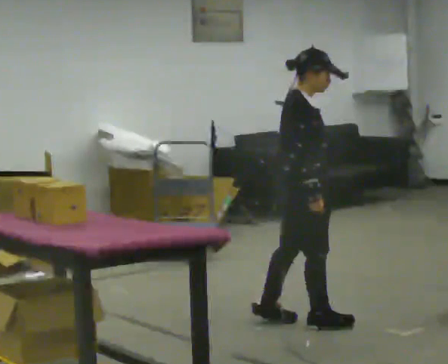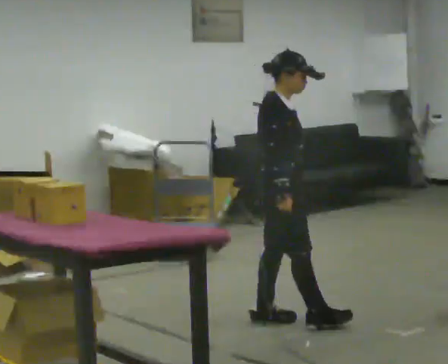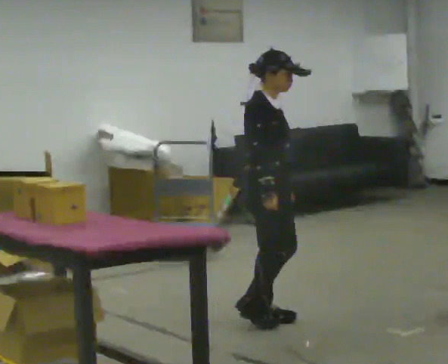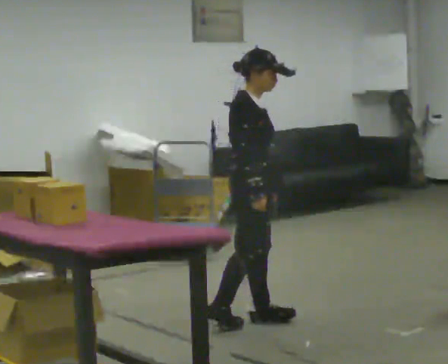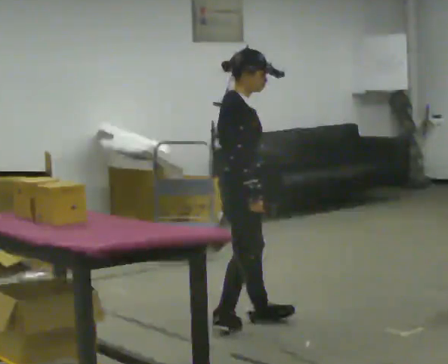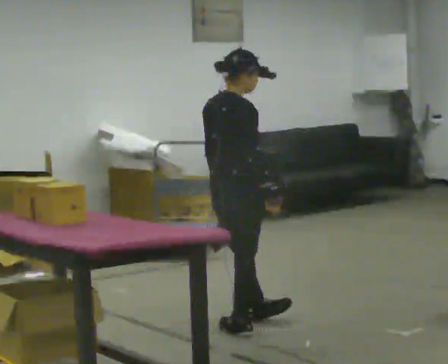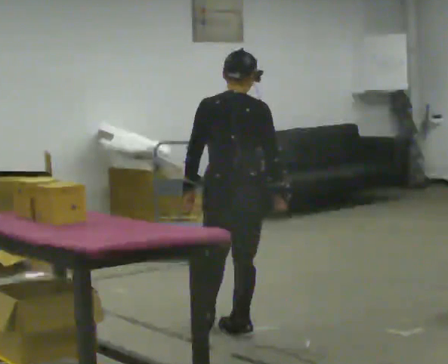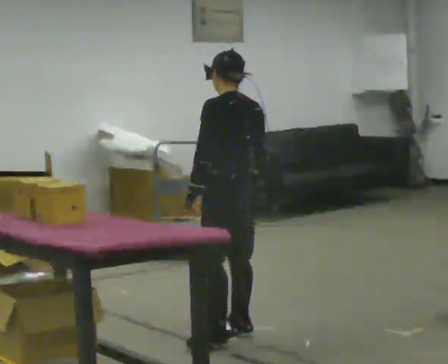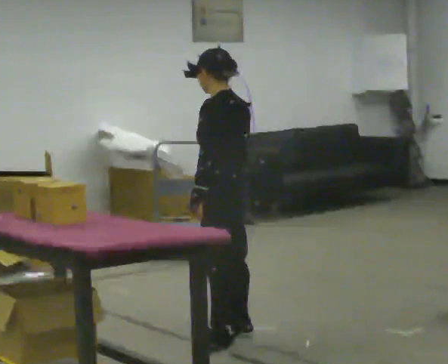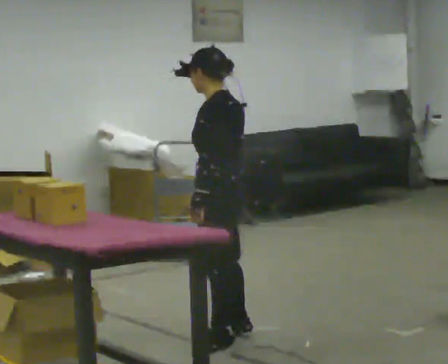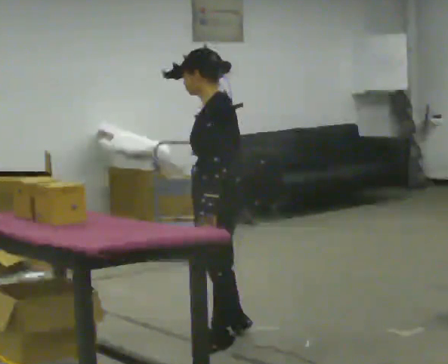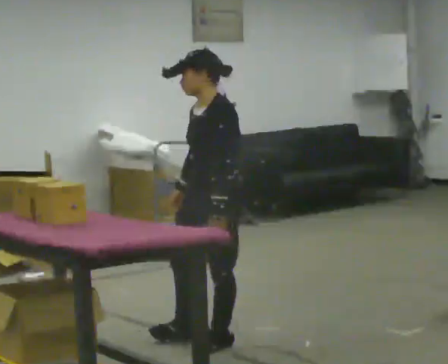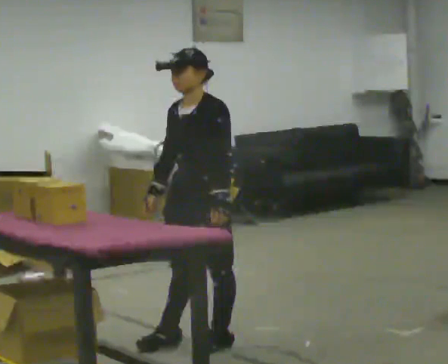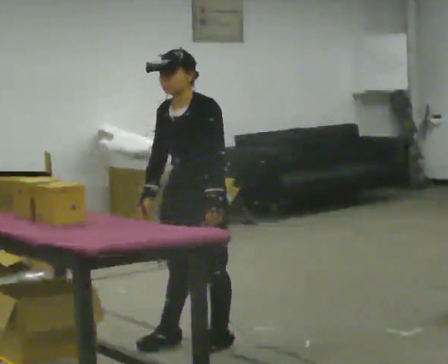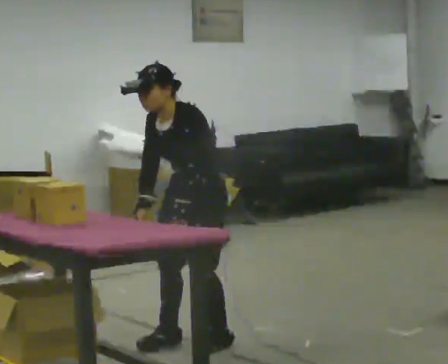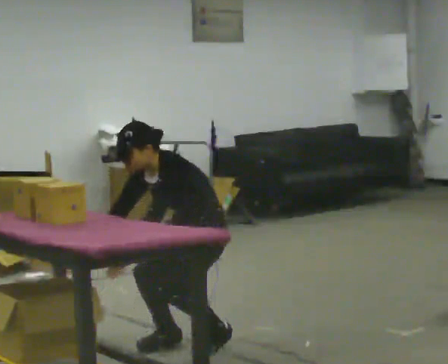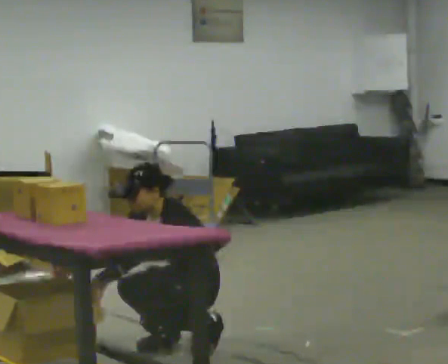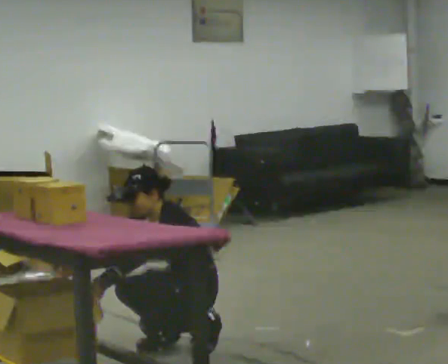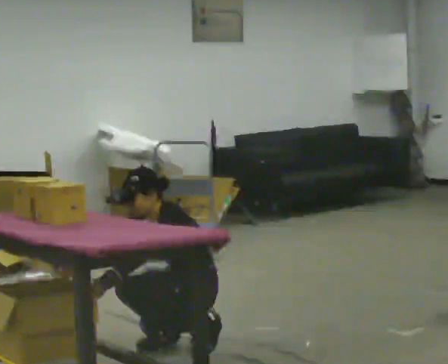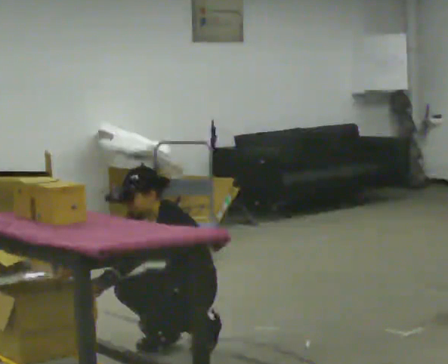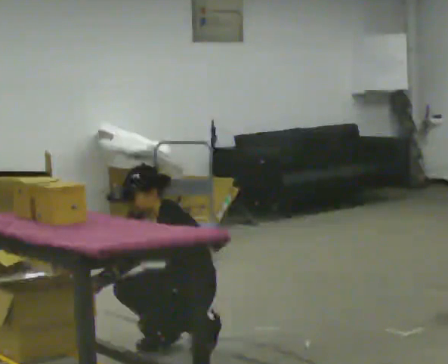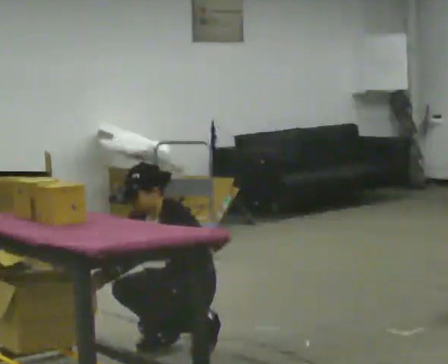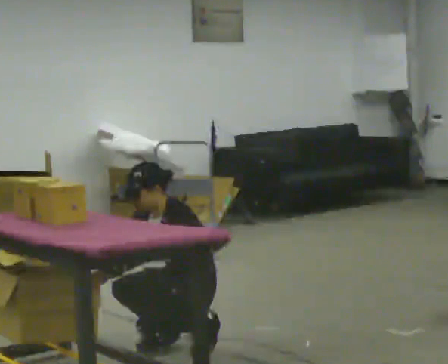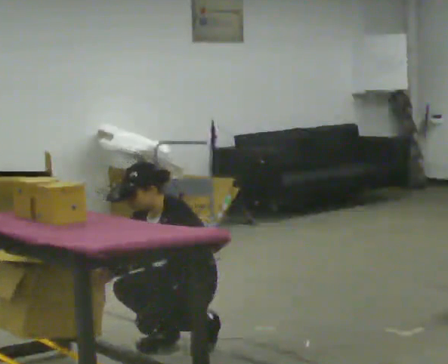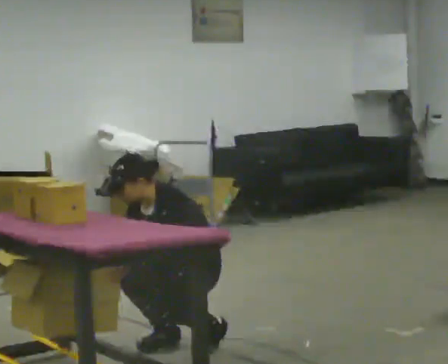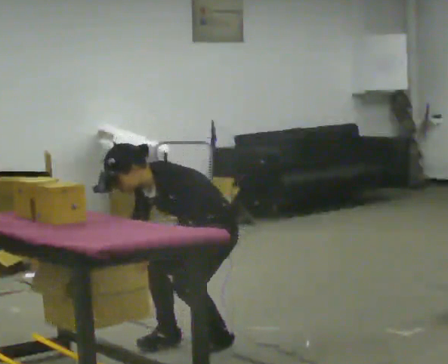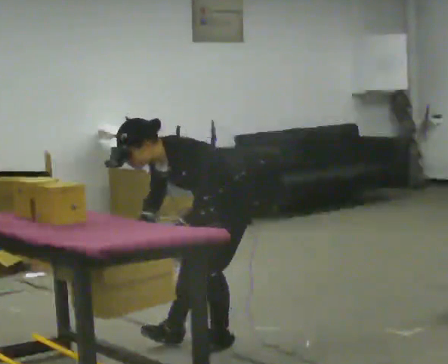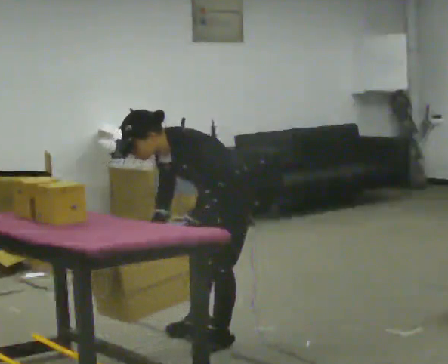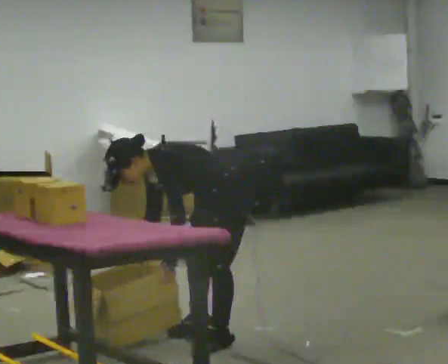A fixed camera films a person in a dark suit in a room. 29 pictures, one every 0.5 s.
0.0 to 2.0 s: In the picture they go to the left, about 0.25 m in 1 step, which for them is backward.
2.0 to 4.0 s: The person turns about 150 degrees to their left, counterclockwise seen from above, so the part of the body nearest the lens slides to the right. In the picture they go toward the camera, about 0.25 m in 1 step.
4.0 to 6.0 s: Seen from above the body turns counterclockwise, about 75 degrees: to their left, with its near side sliding to the right. In the picture they go to the left, about 0.25 m in 1 step. In the picture their right hand goes to the left.
6.0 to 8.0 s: The shoulders move downward. In the picture the upper body tilts counterclockwise, shoulders to the left, as they bend forward. In the picture their left hand goes to the left, the arm swinging clockwise.
8.0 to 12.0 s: The person moves a little, or ends about where they began.
12.0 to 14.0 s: In the picture they go away from the camera and to the right, about 0.25 m in 1 step, which for them is backward. In the picture the upper body tilts counterclockwise, shoulders to the left, as they bend forward.
The film runs backward here.
